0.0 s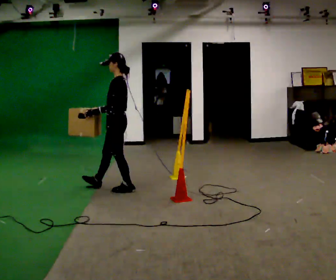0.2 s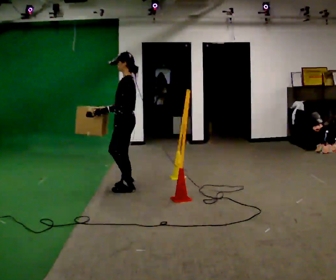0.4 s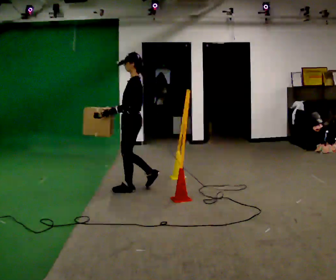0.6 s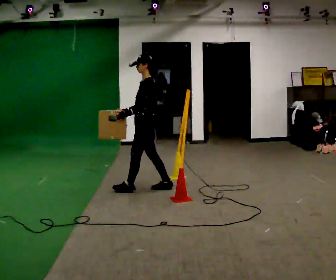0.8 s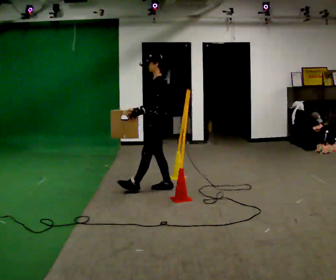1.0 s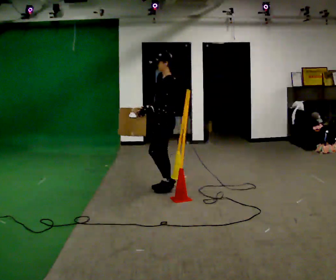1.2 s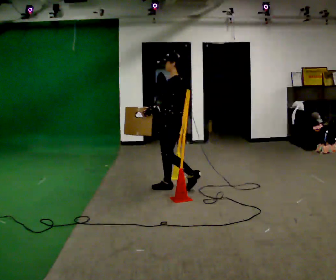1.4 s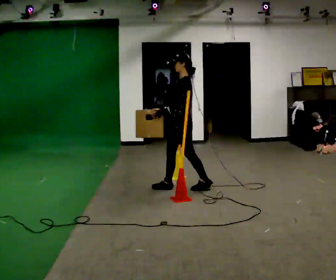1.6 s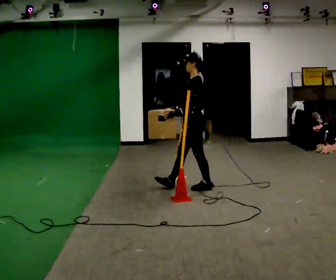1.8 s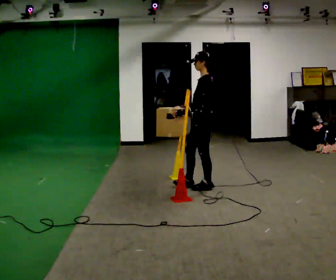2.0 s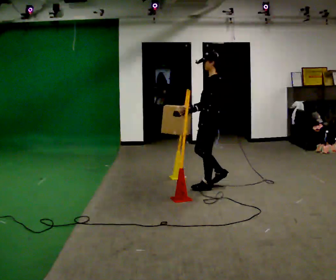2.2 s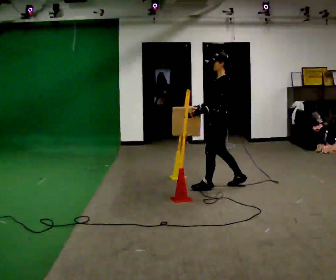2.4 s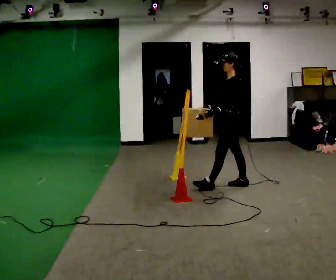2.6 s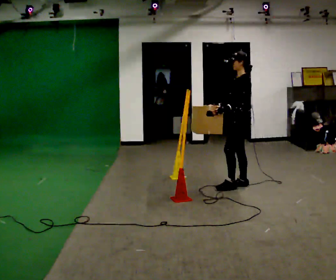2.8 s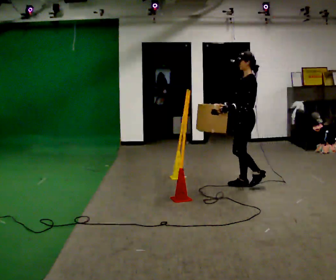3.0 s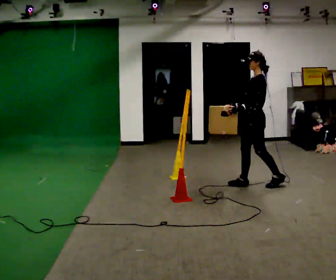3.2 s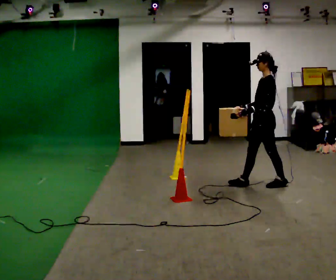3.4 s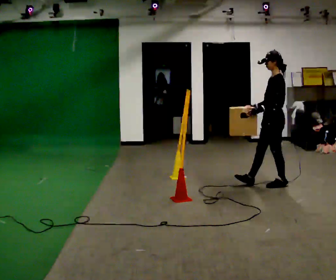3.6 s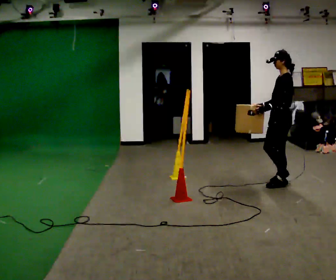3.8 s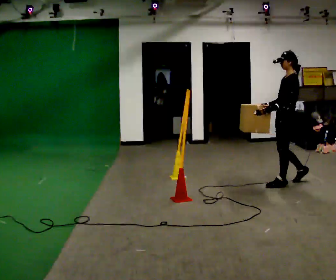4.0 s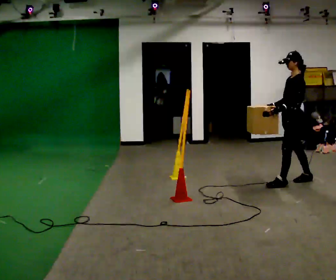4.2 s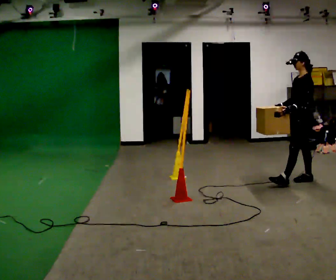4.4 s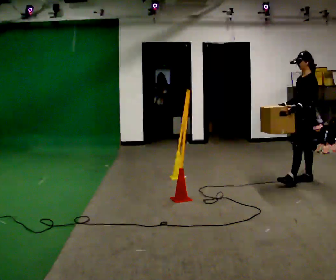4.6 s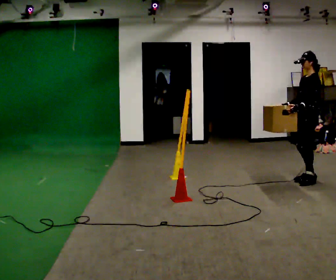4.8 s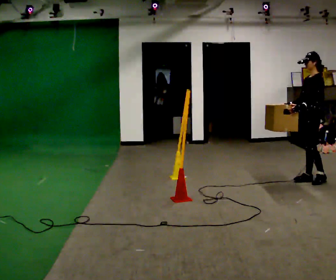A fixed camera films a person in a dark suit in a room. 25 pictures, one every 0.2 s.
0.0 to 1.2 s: In the picture they go to the right, about 0.5 m in 1 step, which for them is backward.
1.2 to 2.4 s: In the picture they go to the right, about 0.75 m in 1 step, which for them is backward.
2.4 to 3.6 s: In the picture they go to the right, about 0.5 m in 2 steps, which for them is backward.
3.6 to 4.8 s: In the picture they go to the right and away from the camera, about 0.5 m in 1 step, which for them is backward.
The film runs backward here.
